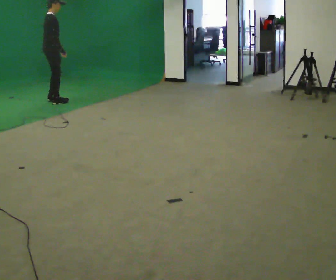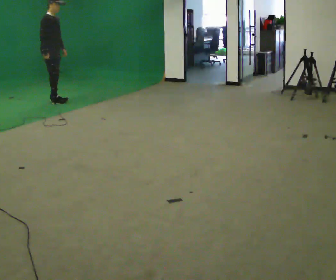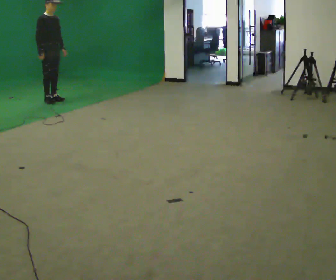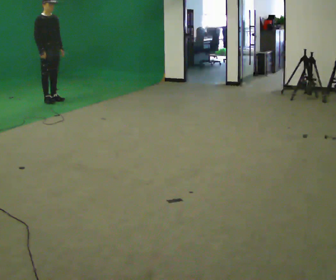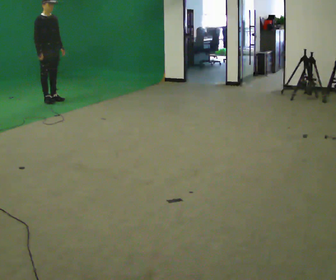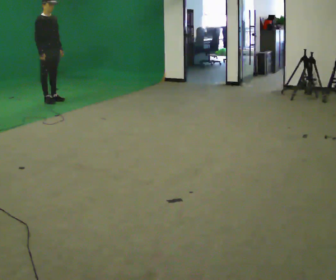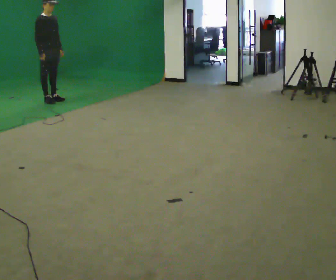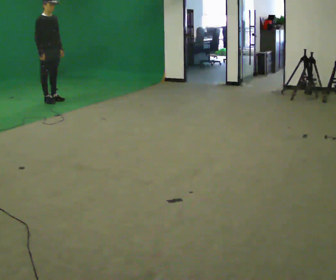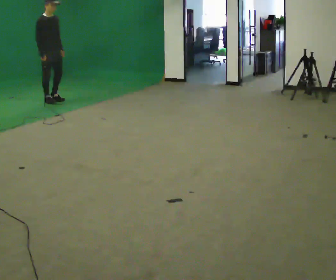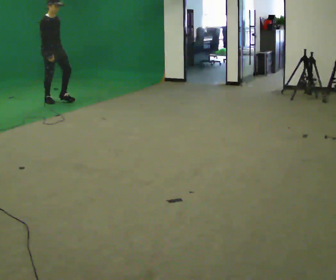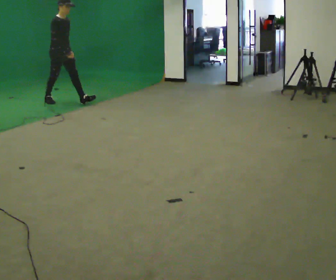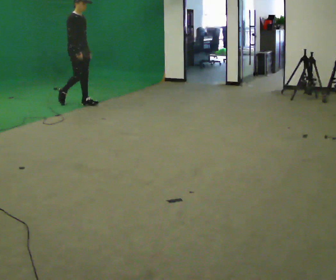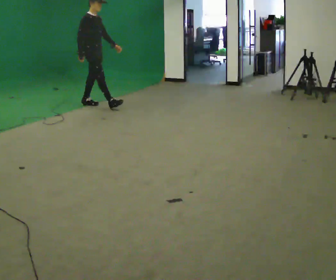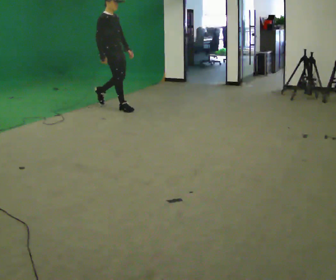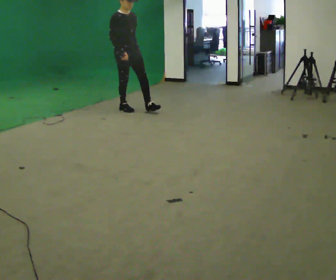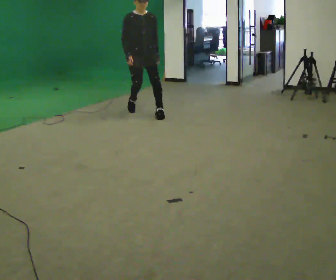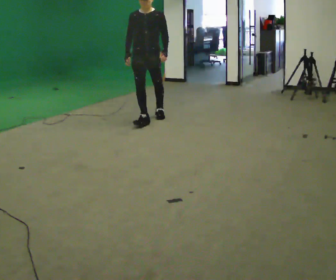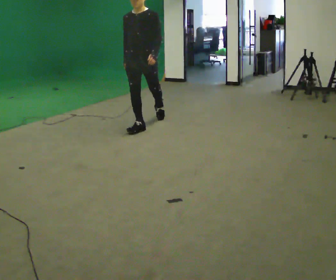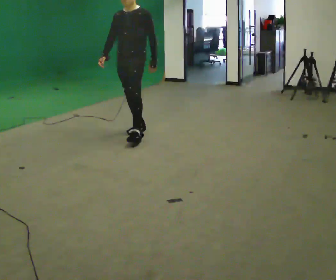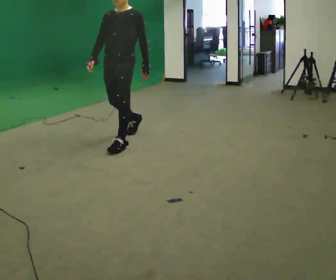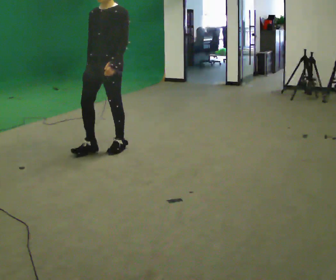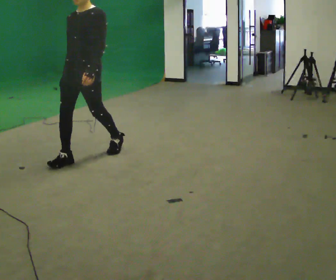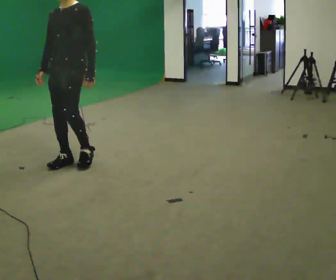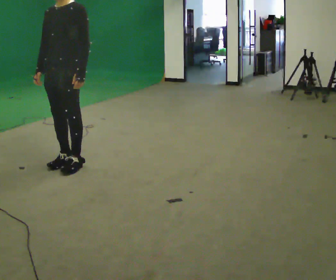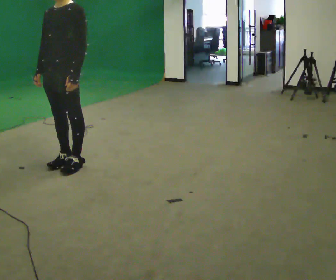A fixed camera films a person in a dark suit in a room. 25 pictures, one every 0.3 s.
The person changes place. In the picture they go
toward the camera.
The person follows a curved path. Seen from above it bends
clockwise.
0.0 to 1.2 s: The part of the body nearest the lens slides to the left as the person turns to their right by about 45 degrees. In the picture their right hand goes to the left.
1.2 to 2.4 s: The person moves a little, or ends about where they began.
2.4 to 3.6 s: In the picture they go to the right and toward the camera, about 1 m in 1 step, which for them is forward.
3.6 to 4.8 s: The part of the body nearest the lens slides to the left as the person turns to their right by about 75 degrees. In the picture they go toward the camera and to the right, about 1 m in 2 steps.
4.8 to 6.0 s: In the picture they go toward the camera and to the left, about 1.5 m in 2 steps, which for them is forward.
6.0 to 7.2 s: In the picture they go toward the camera and to the left, about 0.5 m in 2 steps, which for them is forward.
The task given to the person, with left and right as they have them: Walk; turn 90° left/right; walk several steps; stop.
The film runs forward here.
